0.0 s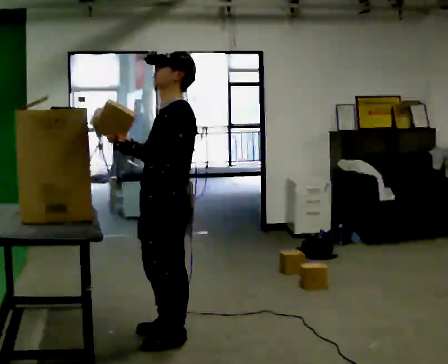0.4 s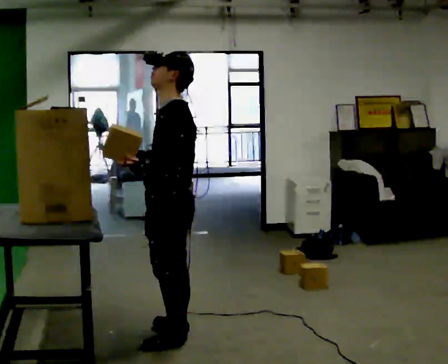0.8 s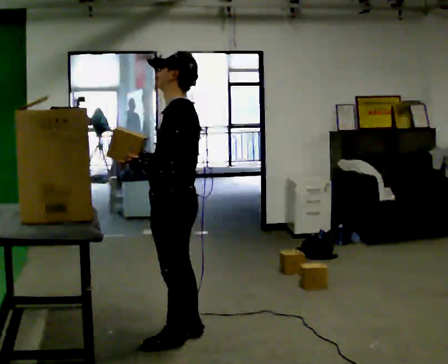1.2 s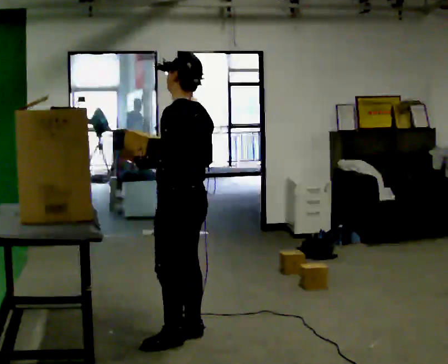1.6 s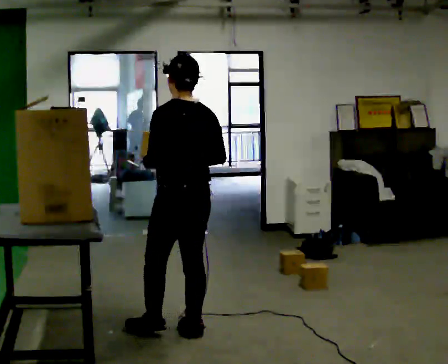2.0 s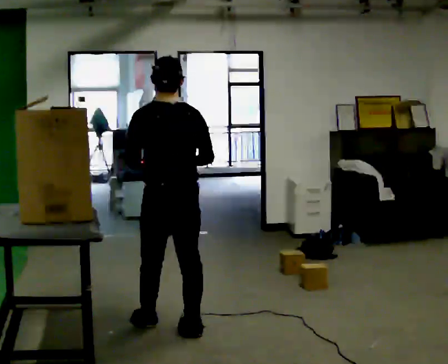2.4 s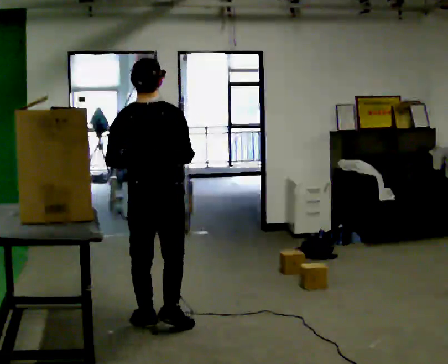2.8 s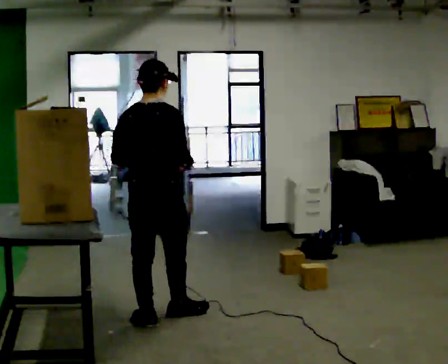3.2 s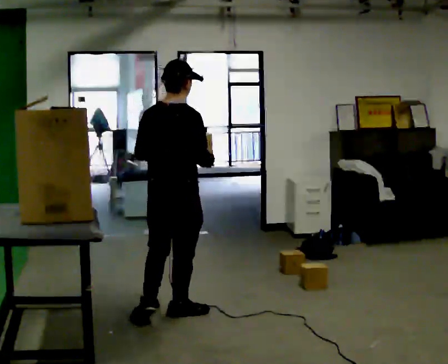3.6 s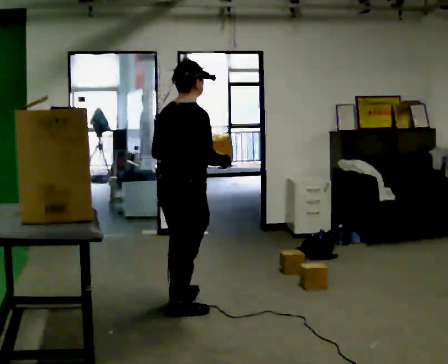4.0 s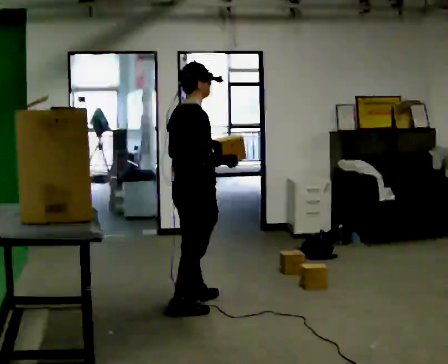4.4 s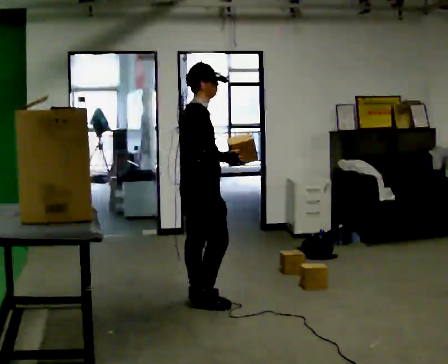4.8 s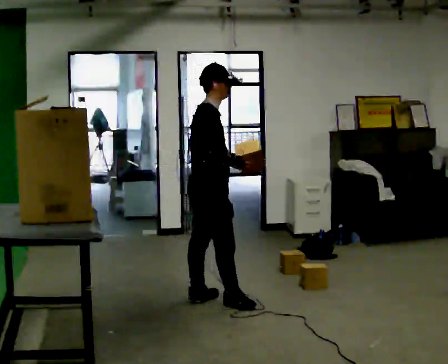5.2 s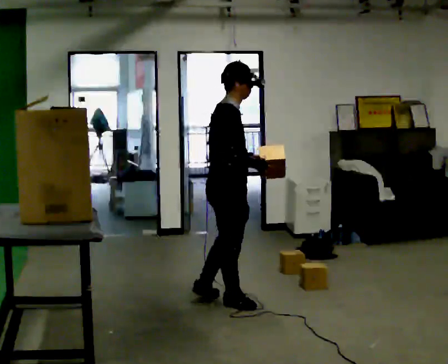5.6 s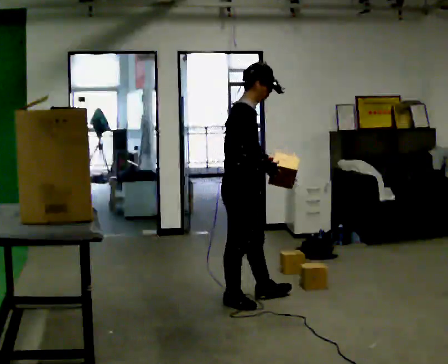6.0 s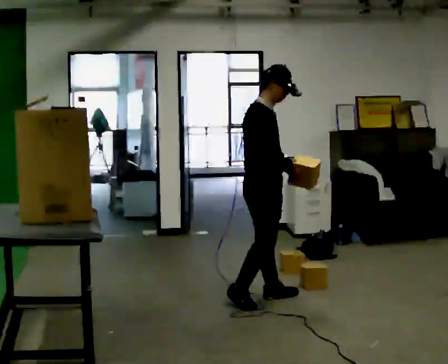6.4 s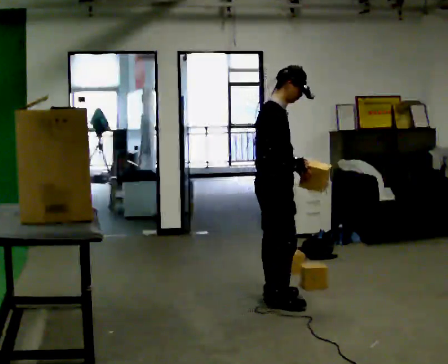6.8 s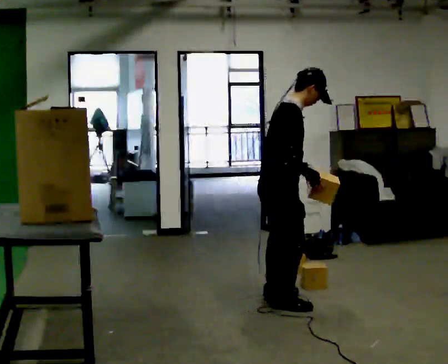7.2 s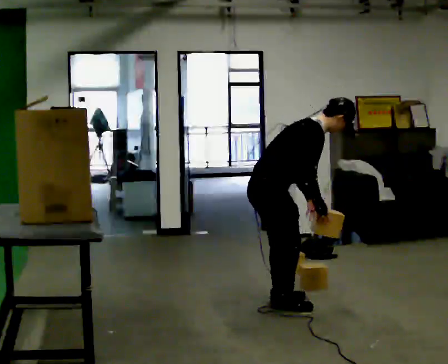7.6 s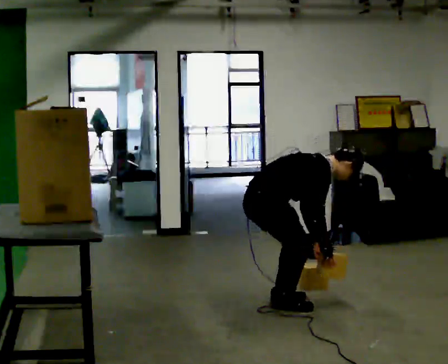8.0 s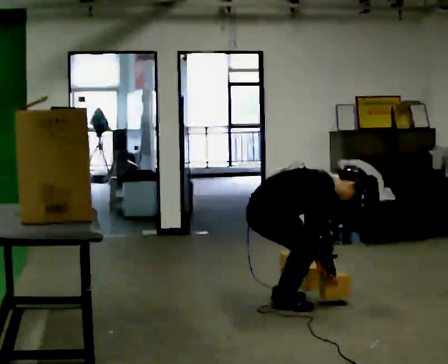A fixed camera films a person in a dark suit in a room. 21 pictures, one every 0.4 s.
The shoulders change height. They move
downward.
The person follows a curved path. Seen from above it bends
clockwise.
0.0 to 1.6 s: The part of the body nearest the lens slides to the left as the person turns to their right by about 60 degrees. In the picture they go away from the camera, about 0.25 m. In the picture their right hand goes to the right.
1.6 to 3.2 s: Seen from above the body turns clockwise, about 60 degrees: to their right, with its near side sliding to the left. In the picture they go away from the camera, about 0.25 m in 2 steps.
3.2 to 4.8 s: Seen from above the body turns clockwise, about 60 degrees: to their right, with its near side sliding to the left. In the picture they go away from the camera and to the right, about 0.5 m in 2 steps, which for them is forward and to their left.
4.8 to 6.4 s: In the picture they go to the right, about 0.5 m in 1 step, which for them is forward.
6.4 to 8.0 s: In the picture they go toward the camera, about 0.25 m in 1 step, which for them is to their right. The shoulders move downward. In the picture the upper body tilts clockwise, shoulders to the right, as they bend forward. In the picture their left hand goes downward.
The film runs forward here.
